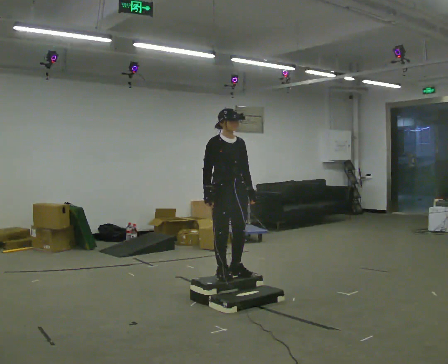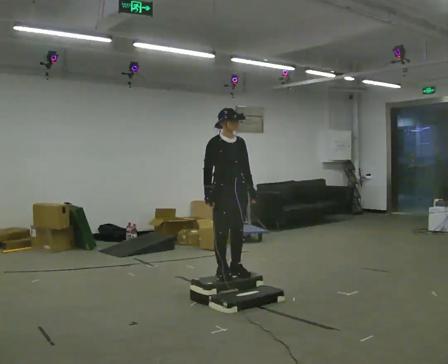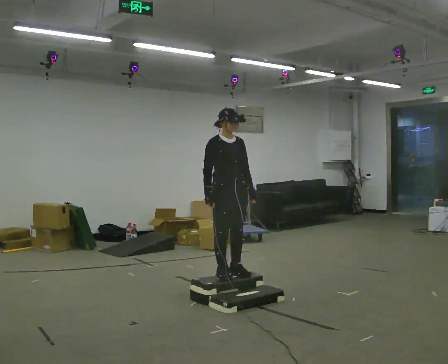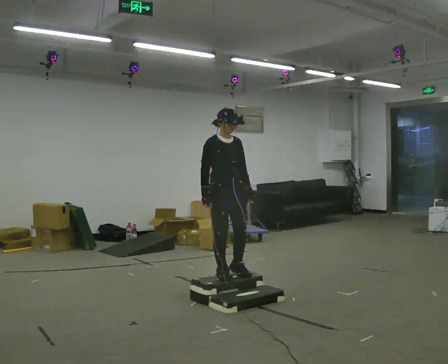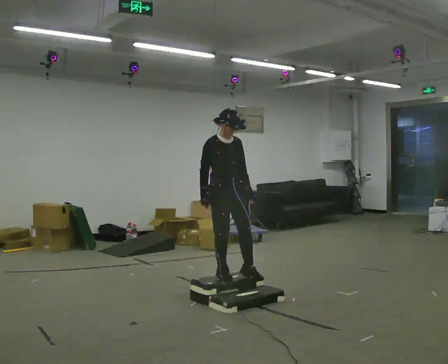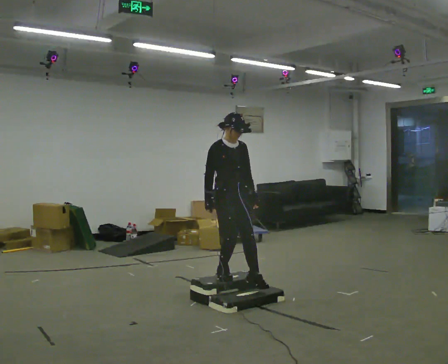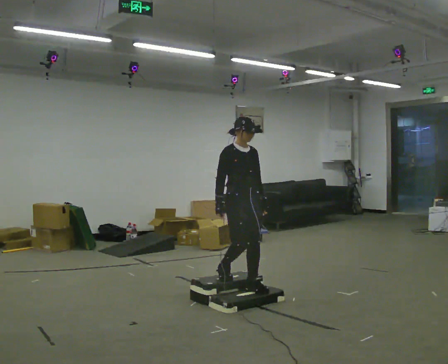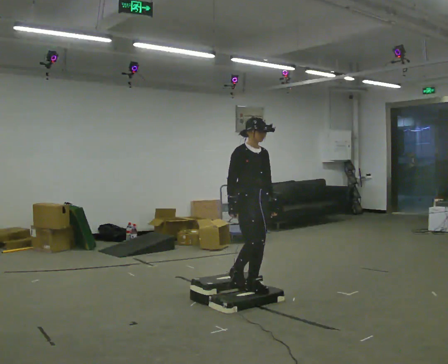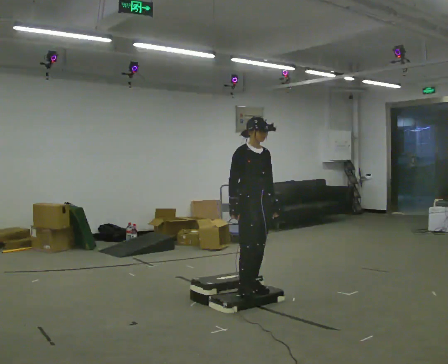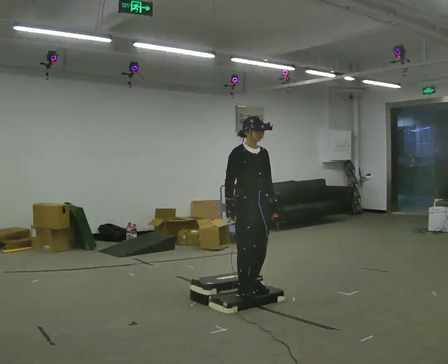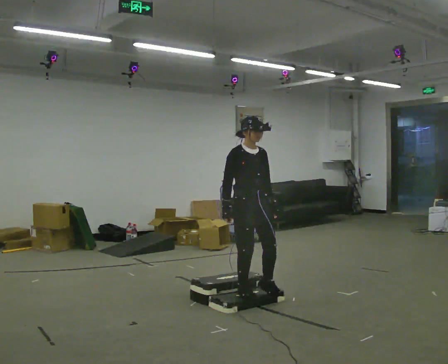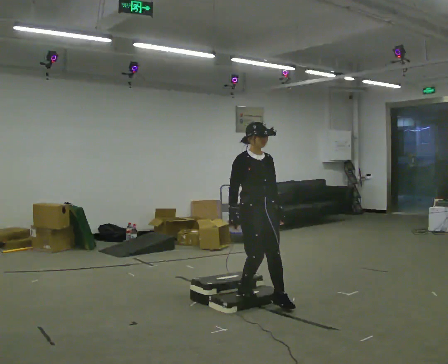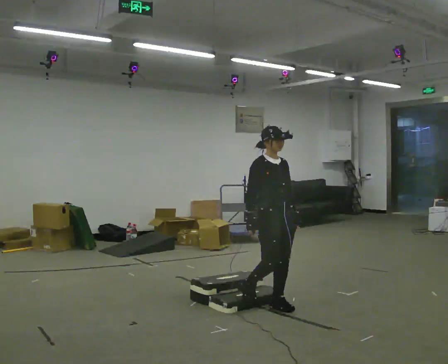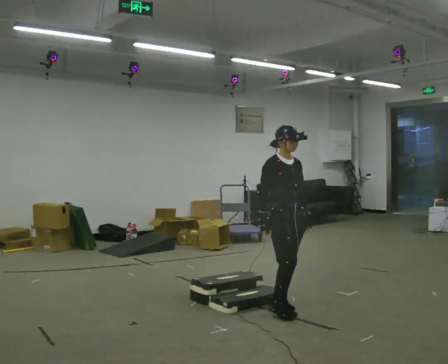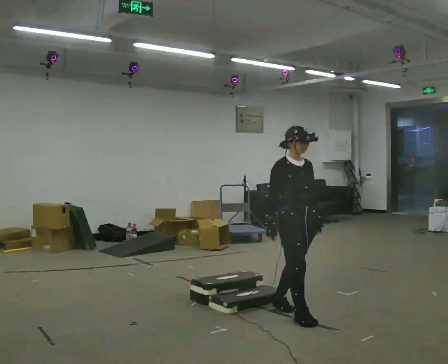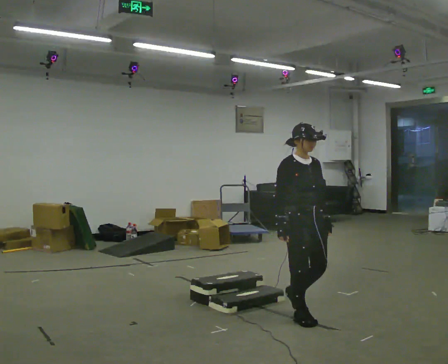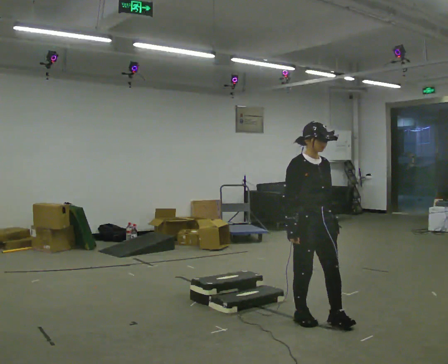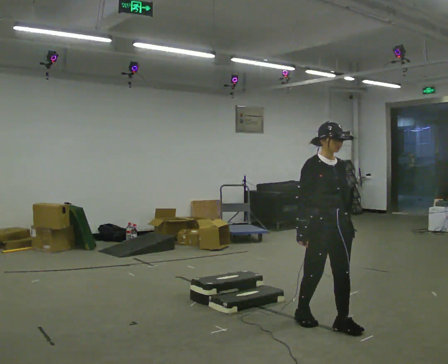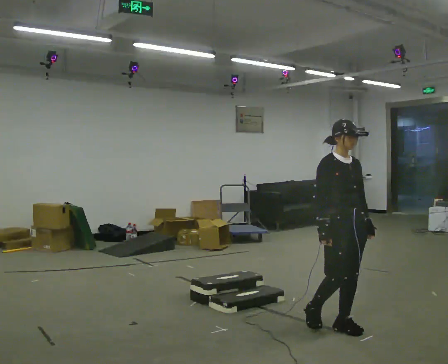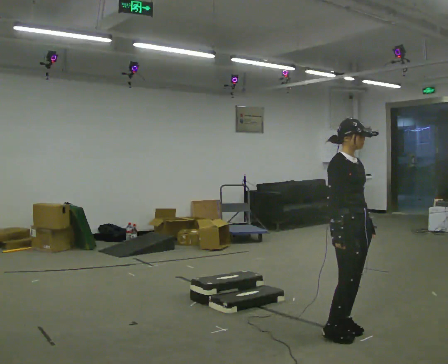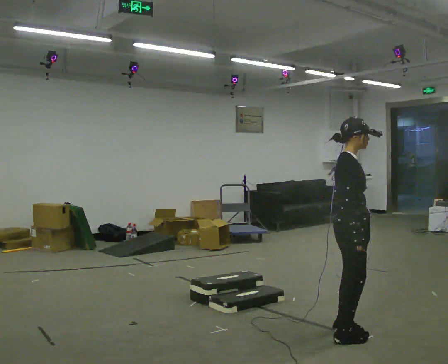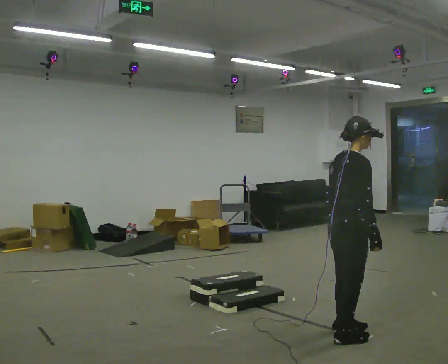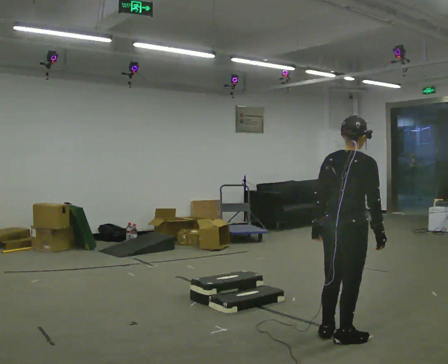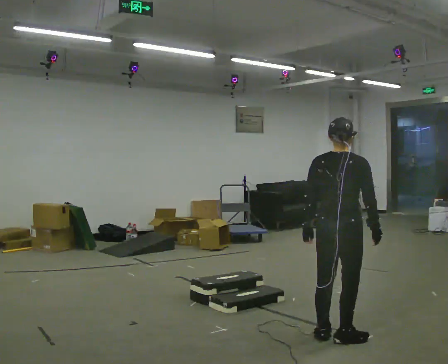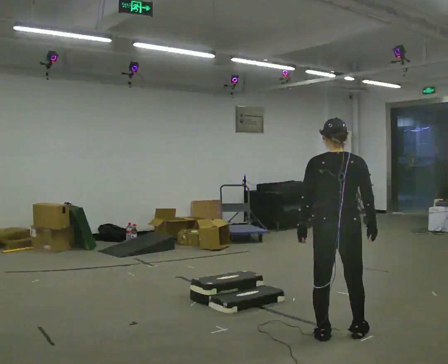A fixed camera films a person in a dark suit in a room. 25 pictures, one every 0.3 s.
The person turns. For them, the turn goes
to their left.
The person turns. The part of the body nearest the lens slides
to the right.
0.0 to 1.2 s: The person moves a little, or ends about where they began.
1.2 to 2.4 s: In the picture they go to the right, about 0.25 m in 2 steps, which for them is forward.
2.4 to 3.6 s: In the picture they go toward the camera and to the right, about 0.25 m in 1 step, which for them is forward.
3.6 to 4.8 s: In the picture they go toward the camera and to the right, about 0.5 m in 1 step, which for them is forward.
4.8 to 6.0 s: Seen from above the body turns counterclockwise, about 45 degrees: to their left, with its near side sliding to the right. In the picture they go toward the camera and to the right, about 0.5 m in 2 steps, which for them is forward.
6.0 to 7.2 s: The person turns about 90 degrees to their left, counterclockwise seen from above, so the part of the body nearest the lens slides to the right.
The film runs forward here.
